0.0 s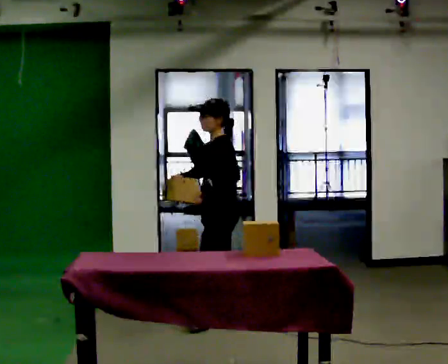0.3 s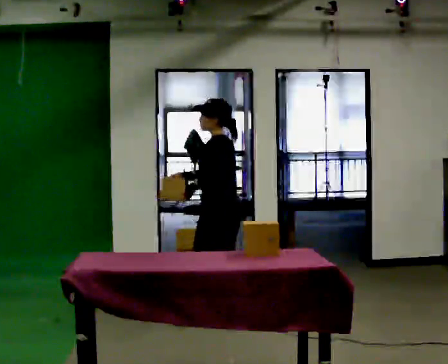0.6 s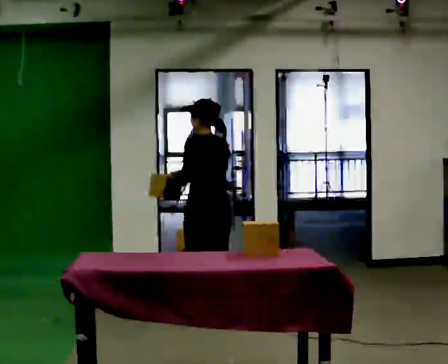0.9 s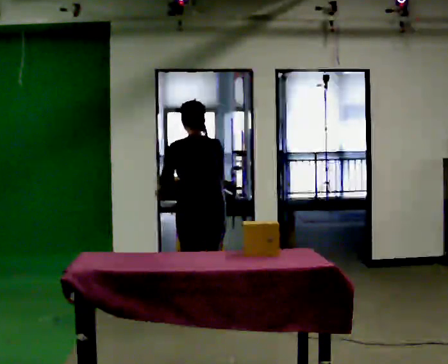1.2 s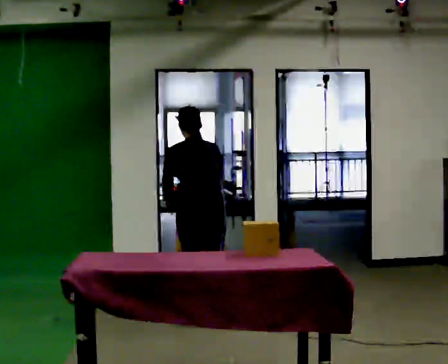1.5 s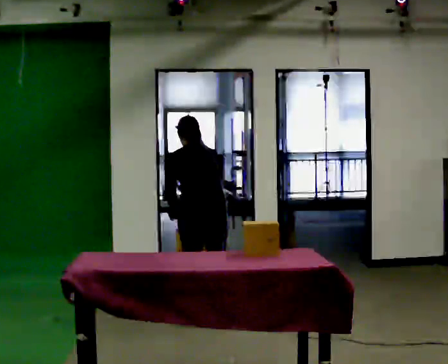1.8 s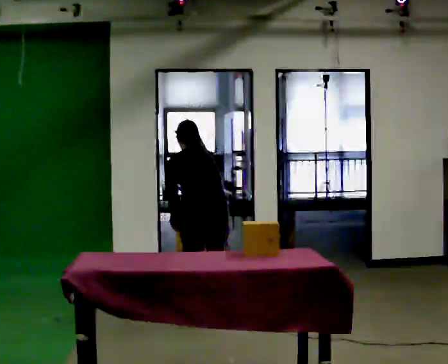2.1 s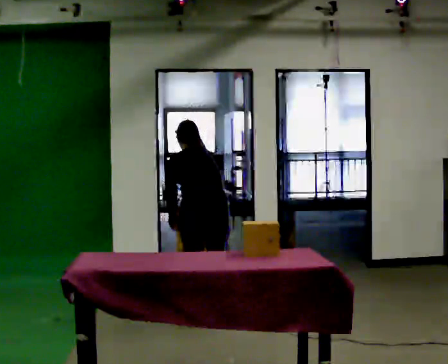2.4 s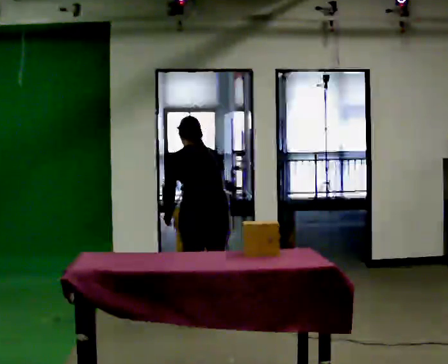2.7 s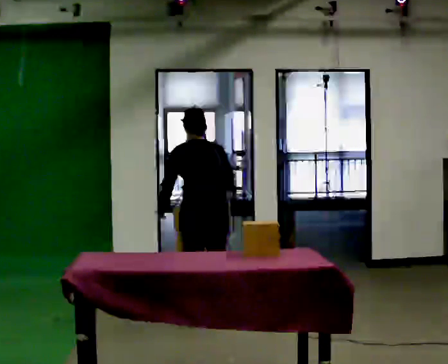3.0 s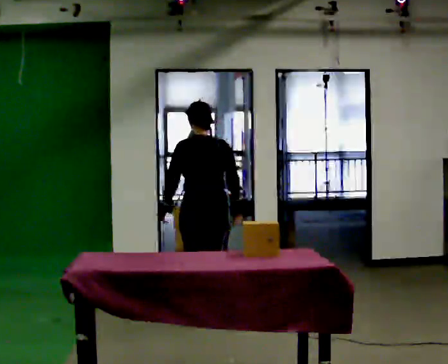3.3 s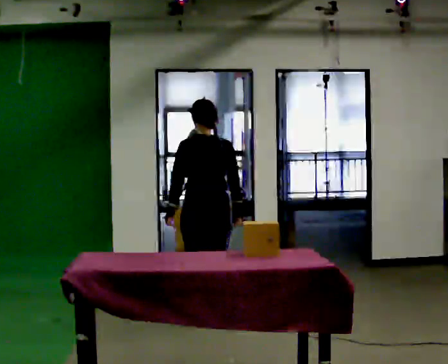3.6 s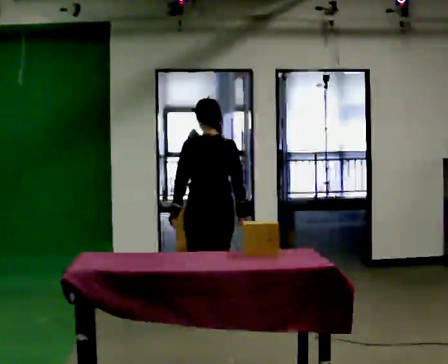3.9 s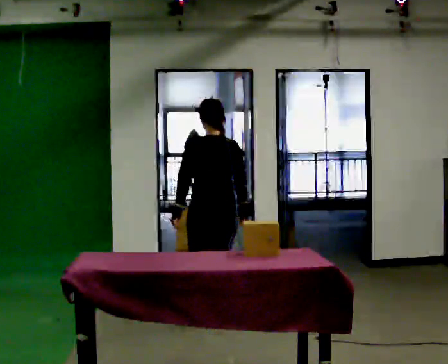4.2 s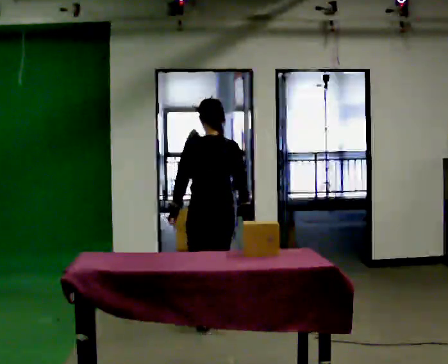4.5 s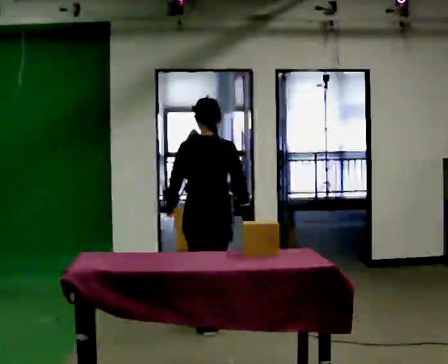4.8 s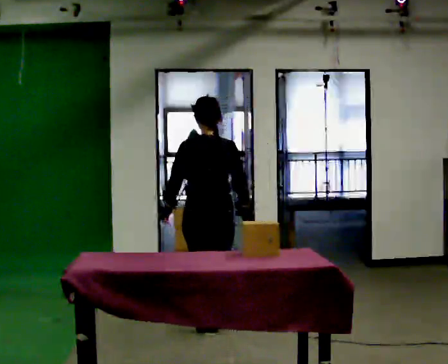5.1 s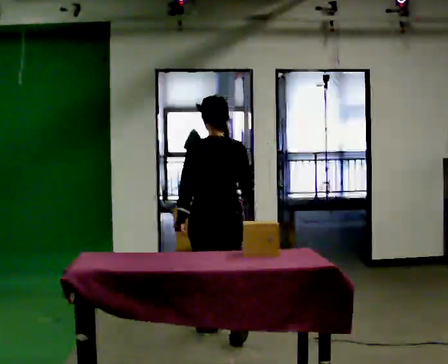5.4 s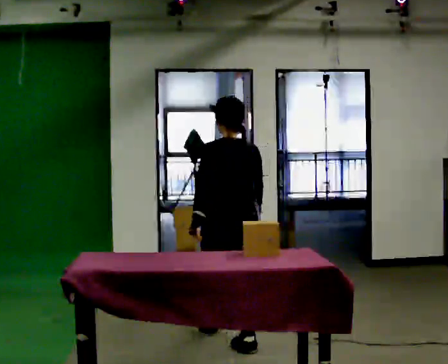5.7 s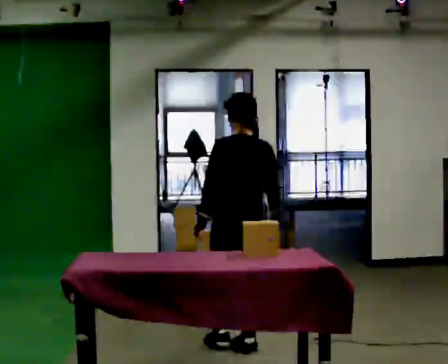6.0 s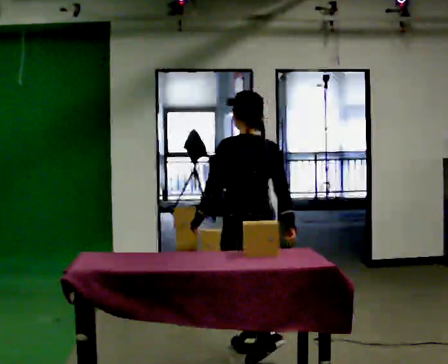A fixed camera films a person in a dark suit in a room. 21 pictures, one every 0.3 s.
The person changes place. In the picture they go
toward the camera.
0.0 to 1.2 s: Seen from above the body turns clockwise, about 90 degrees: to their right, with its near side sliding to the left. The upper body tips away from the camera, its near side rolling upward, as they bend forward.
1.2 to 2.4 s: The person moves a little, or ends about where they began.
2.4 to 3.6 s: The upper body tips toward the camera, its near side rolling downward, as they lean back or straighten.
3.6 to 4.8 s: In the picture they go toward the camera, about 0.25 m in 2 steps, which for them is backward.
4.8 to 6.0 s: Seen from above the body turns counterclockwise, about 30 degrees: to their left, with its near side sliding to the right. In the picture they go toward the camera and to the right, about 0.5 m in 1 step, which for them is backward.
The film runs backward here.
